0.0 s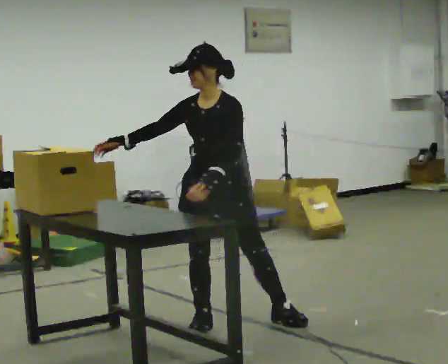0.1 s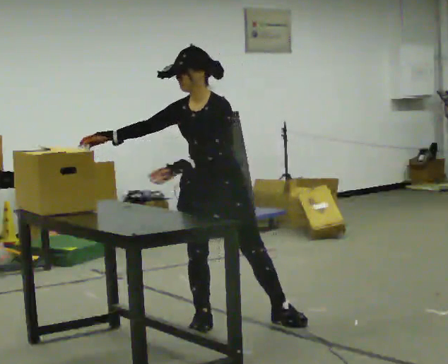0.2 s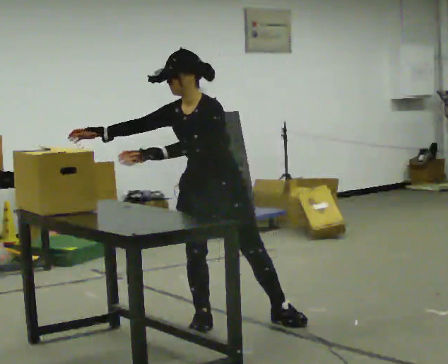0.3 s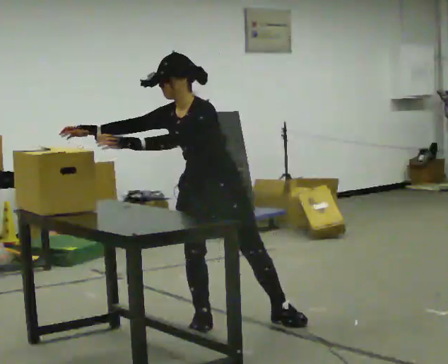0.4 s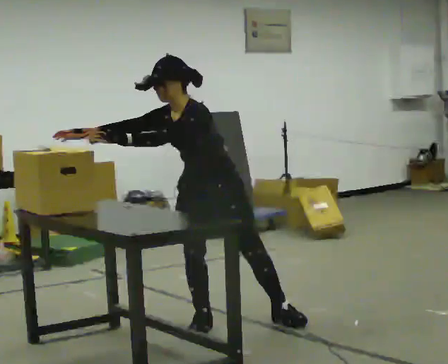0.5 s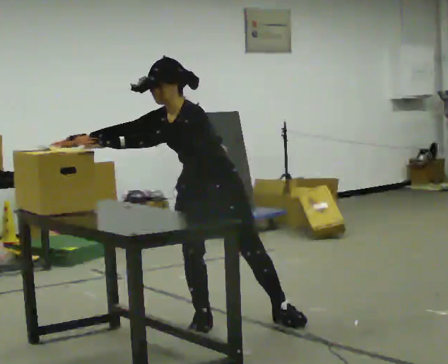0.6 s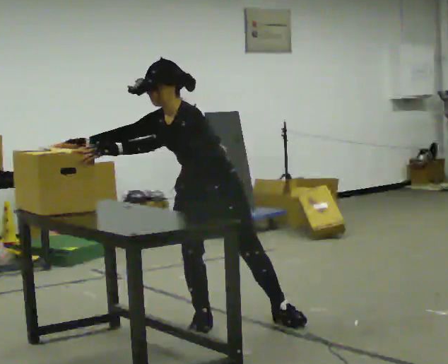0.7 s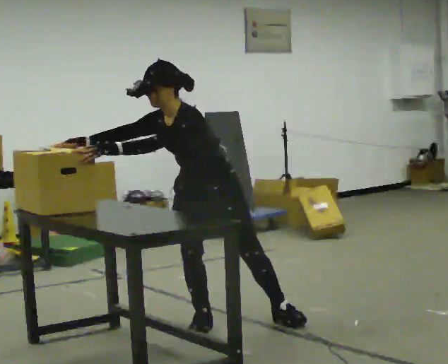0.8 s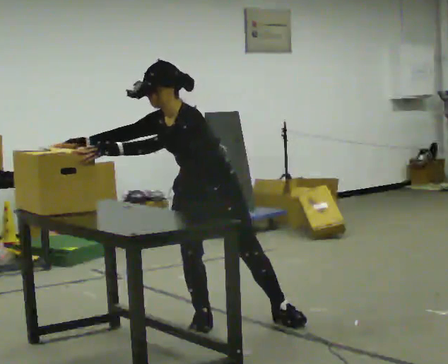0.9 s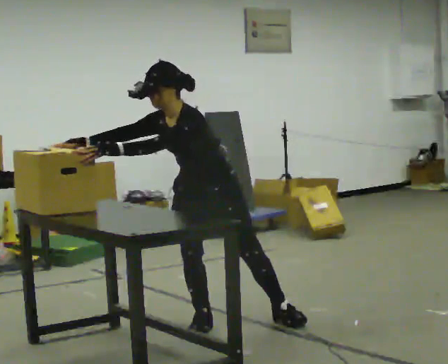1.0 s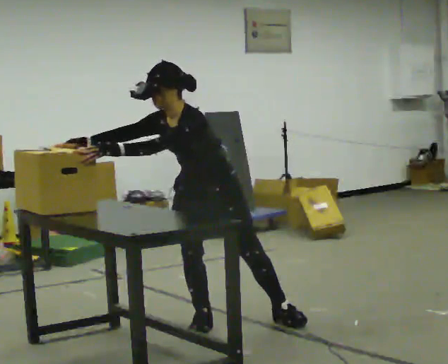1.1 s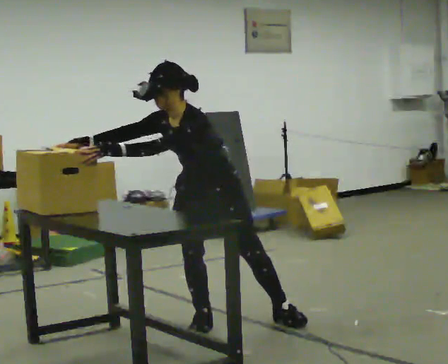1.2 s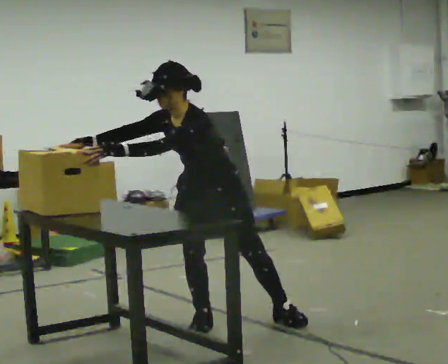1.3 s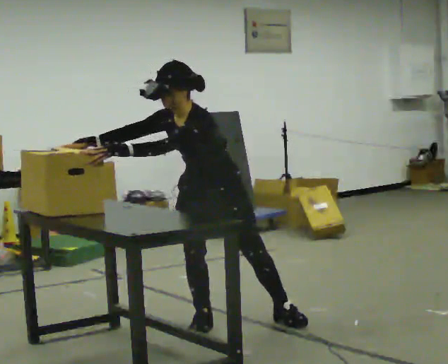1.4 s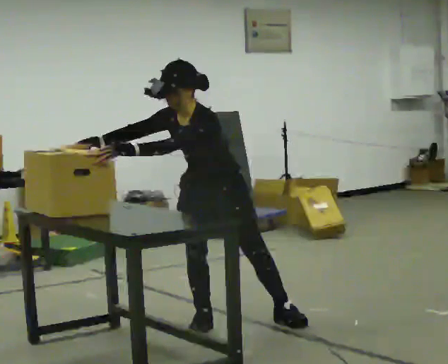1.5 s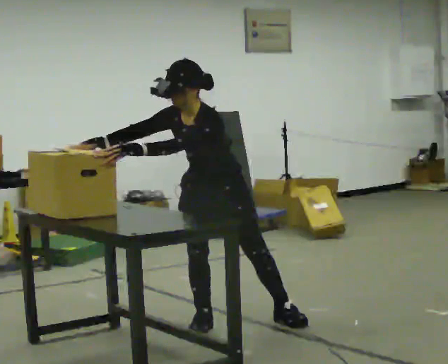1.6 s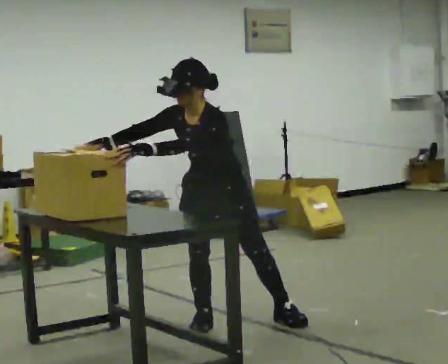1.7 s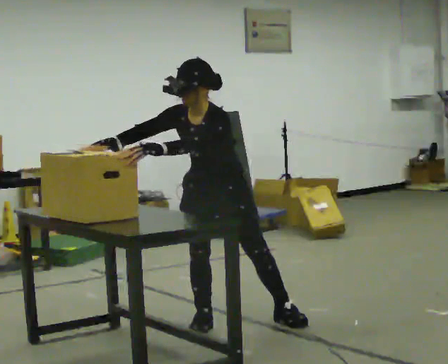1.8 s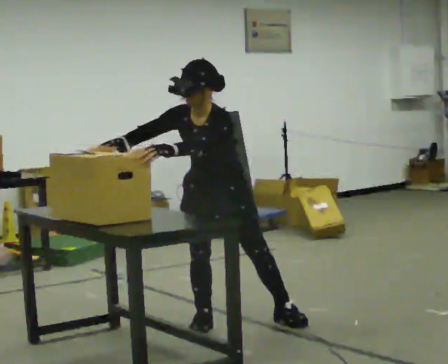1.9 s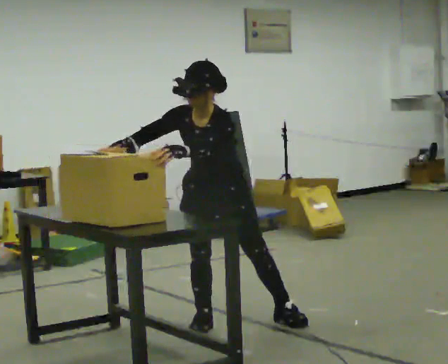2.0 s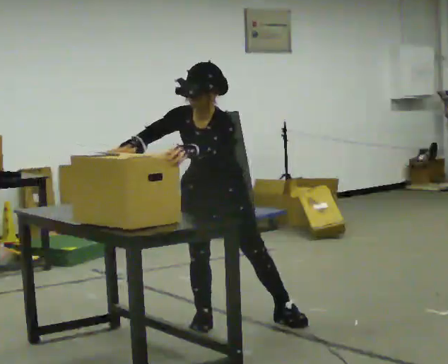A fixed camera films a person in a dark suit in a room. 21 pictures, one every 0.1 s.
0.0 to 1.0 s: In the picture the upper body tilts counterclockwise, shoulders to the left, as they bend forward. In the picture their left hand goes to the left, the arm swinging clockwise.
1.0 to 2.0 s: In the picture the upper body tilts clockwise, shoulders to the right. In the picture their right hand goes to the right.
The film runs forward here.
